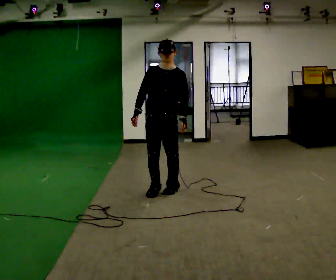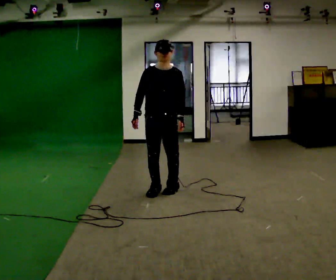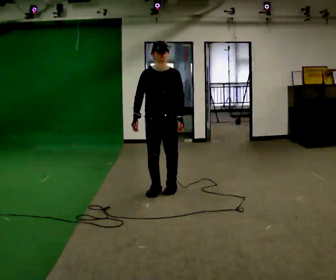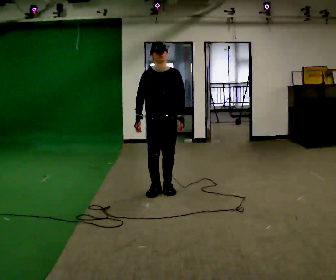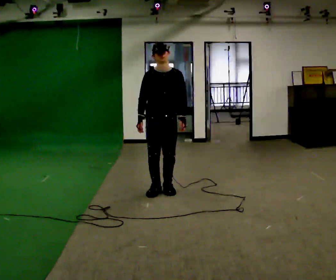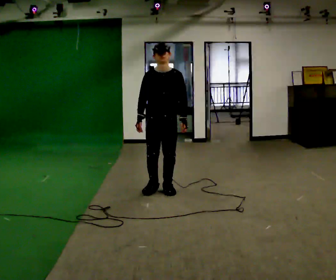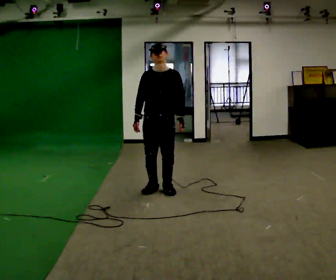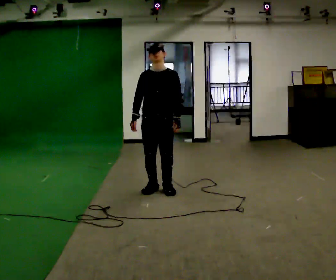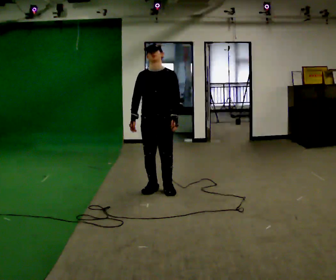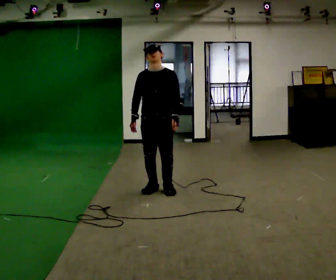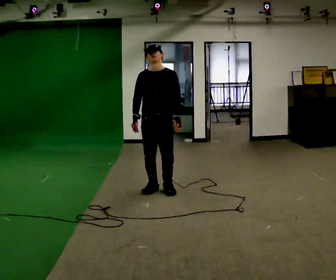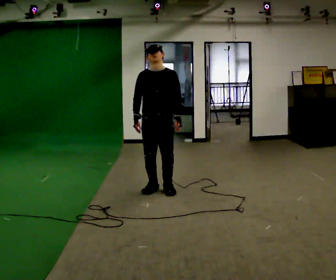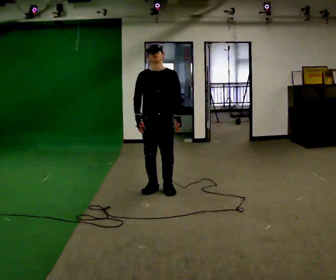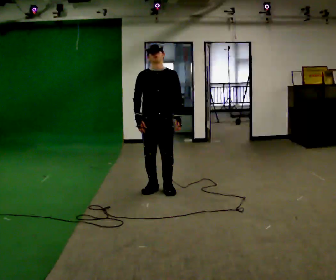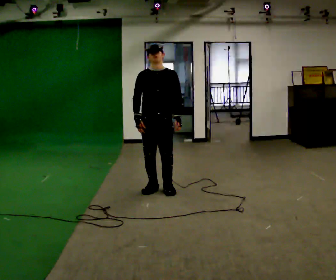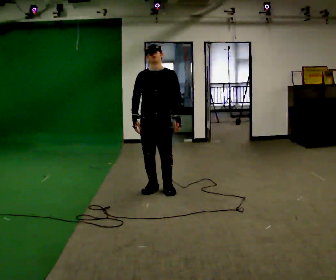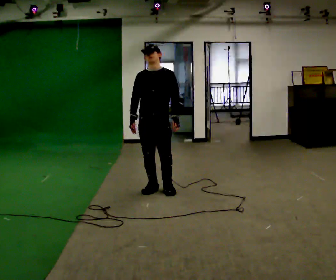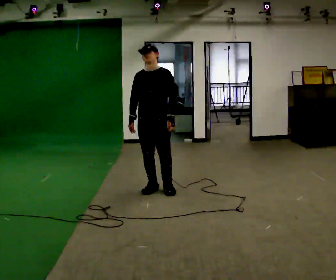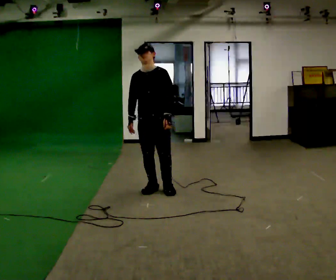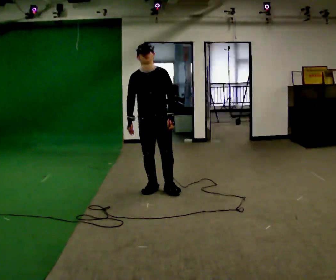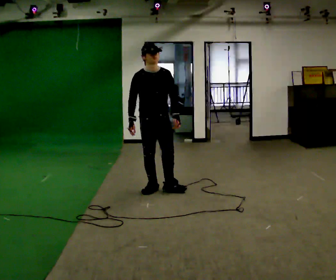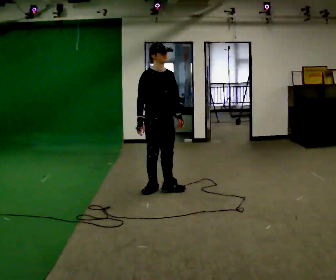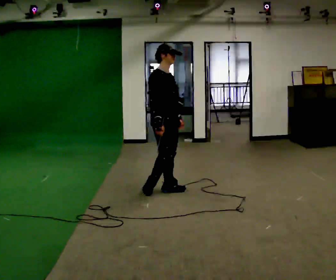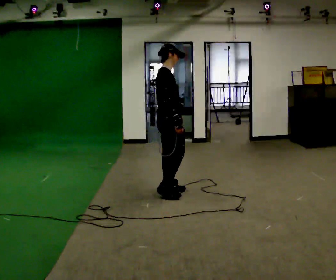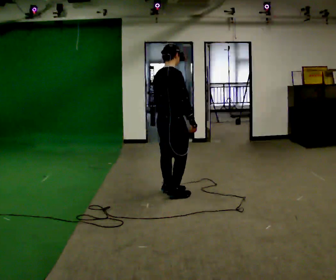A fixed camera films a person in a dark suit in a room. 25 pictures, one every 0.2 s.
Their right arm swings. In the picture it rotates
counterclockwise.
0.0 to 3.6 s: The person moves a little, or ends about where they began.
3.6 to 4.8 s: The person turns about 135 degrees to their left, counterclockwise seen from above, so the part of the body nearest the lens slides to the right. In the picture they go to the right, about 0.25 m in 1 step. In the picture their right hand goes to the right, the arm swinging counterclockwise.
The film runs forward here.
